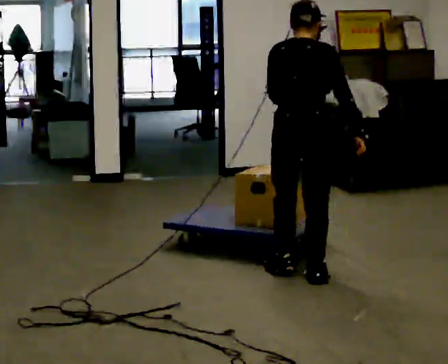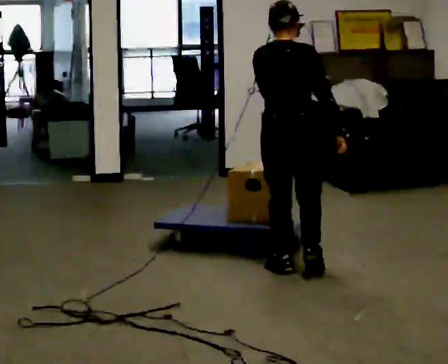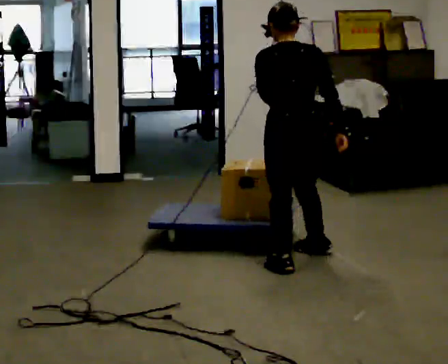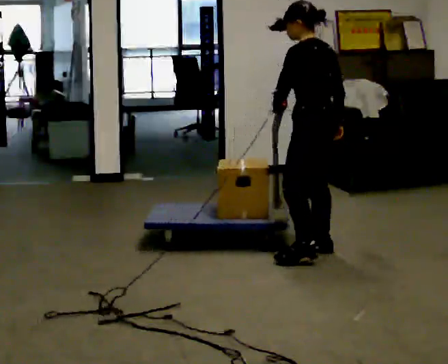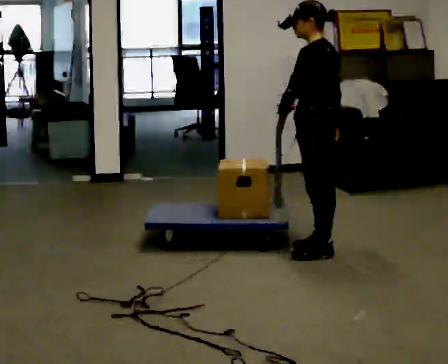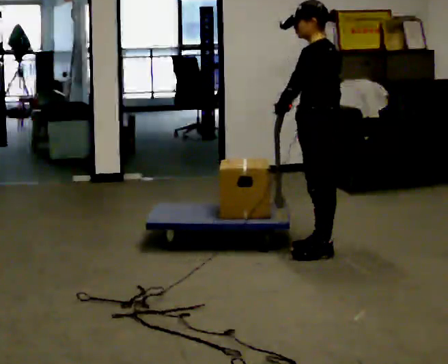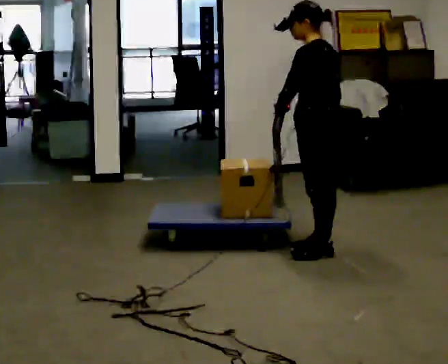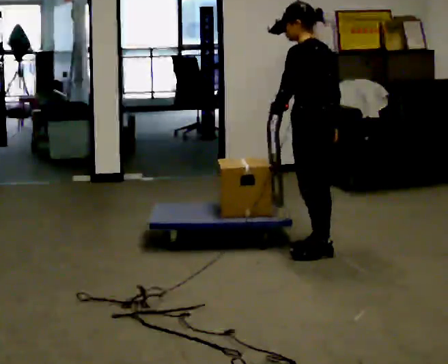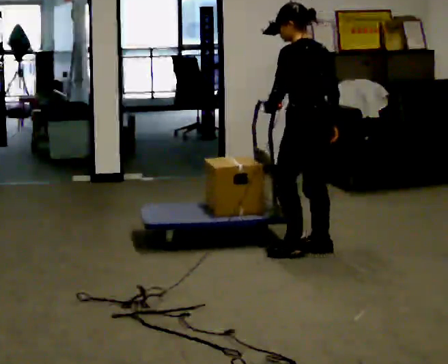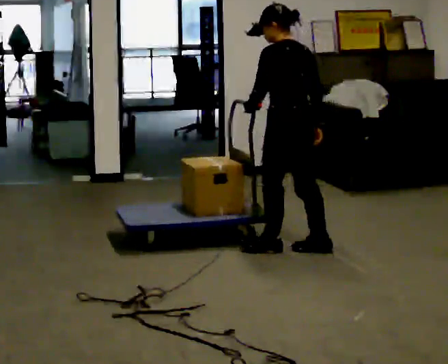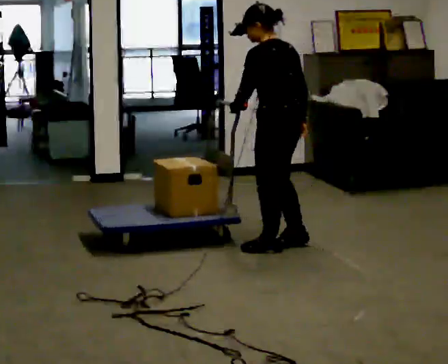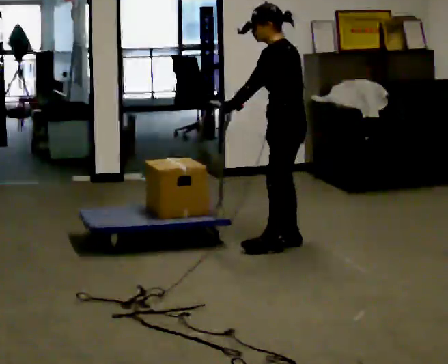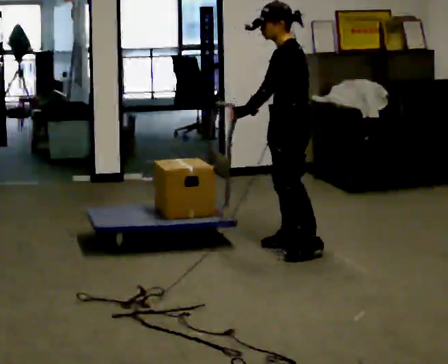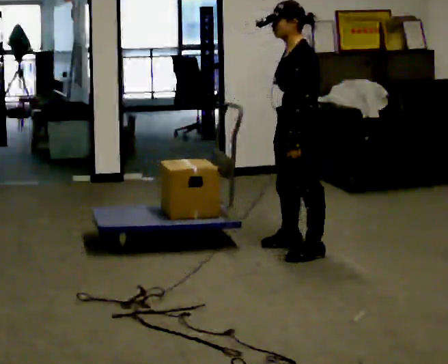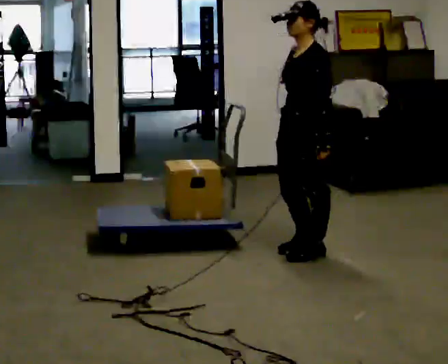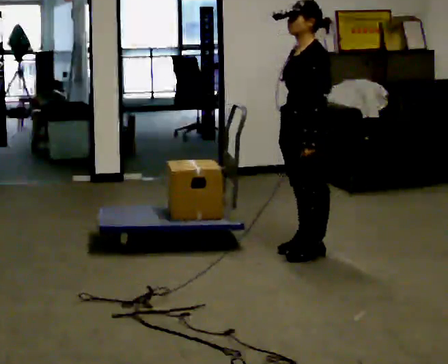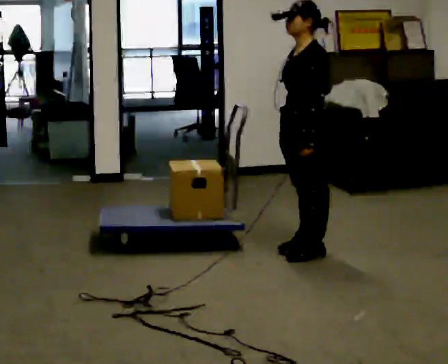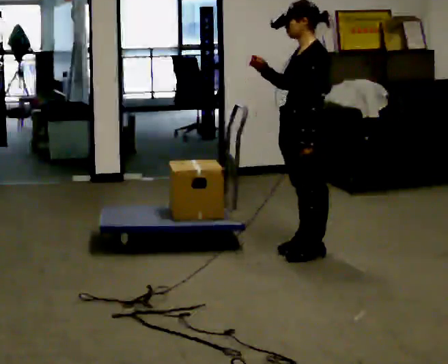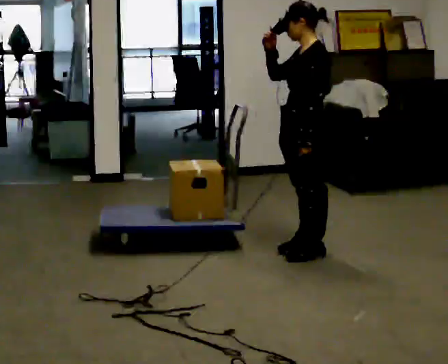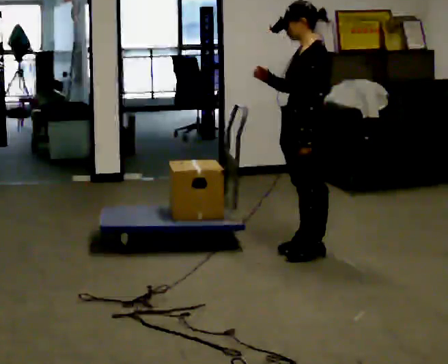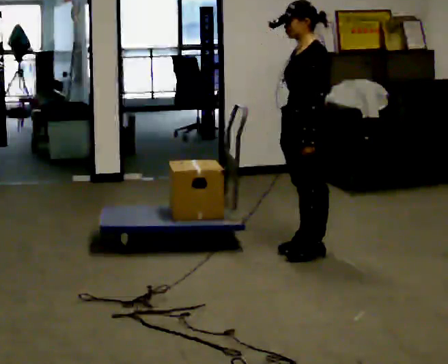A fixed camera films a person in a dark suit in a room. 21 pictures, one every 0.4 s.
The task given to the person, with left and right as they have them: Push the cart along the marked route and round the corner to the side the operator calls.
0.0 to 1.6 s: The person turns about 90 degrees to their left, counterclockwise seen from above, so the part of the body nearest the lens slides to the right. In the picture they go away from the camera, about 0.5 m in 3 steps.
1.6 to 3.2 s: The person turns about 30 degrees to their right, clockwise seen from above, so the part of the body nearest the lens slides to the left.
3.2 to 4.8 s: The person turns about 45 degrees to their left, counterclockwise seen from above, so the part of the body nearest the lens slides to the right.
4.8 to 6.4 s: In the picture their left hand goes to the right.
6.4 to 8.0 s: The person moves a little, or ends about where they began.
The film runs forward here.
